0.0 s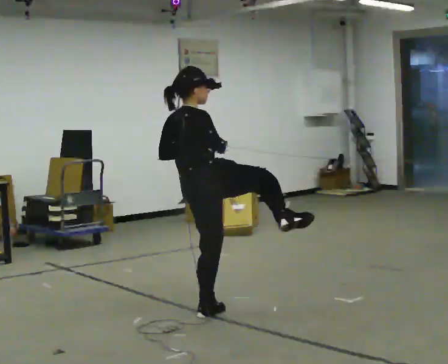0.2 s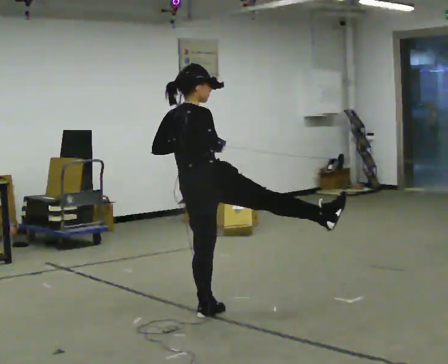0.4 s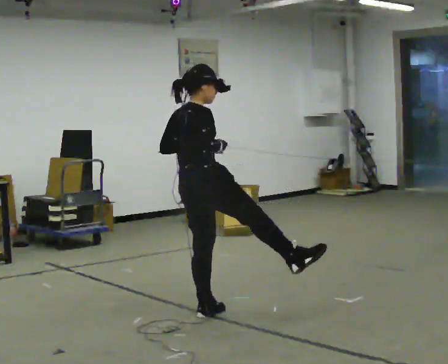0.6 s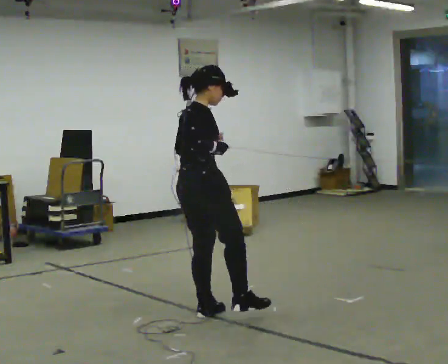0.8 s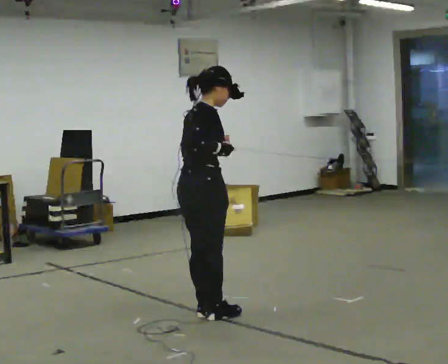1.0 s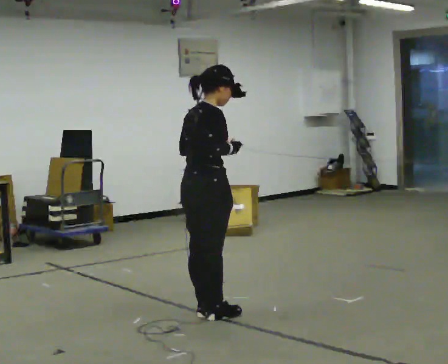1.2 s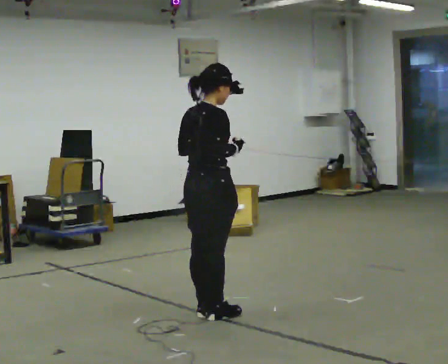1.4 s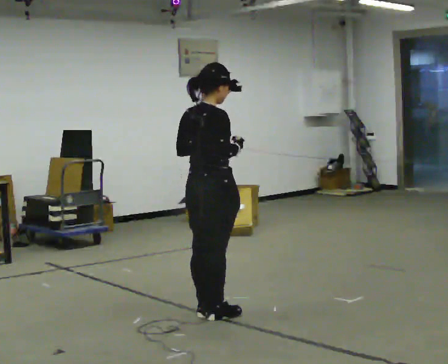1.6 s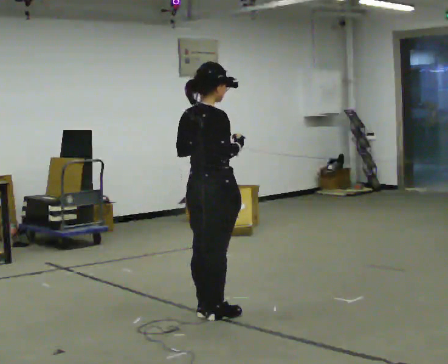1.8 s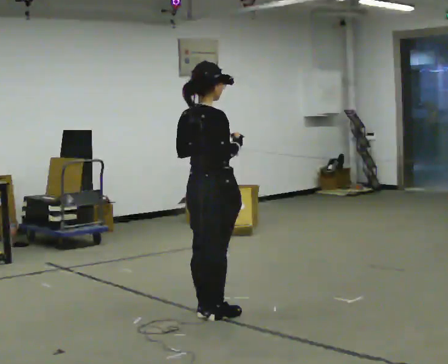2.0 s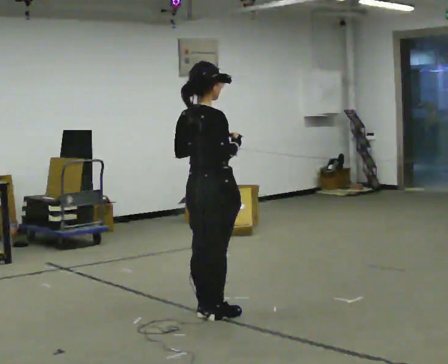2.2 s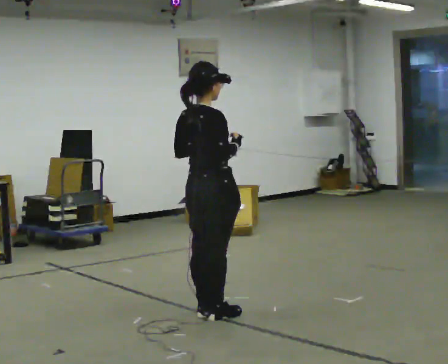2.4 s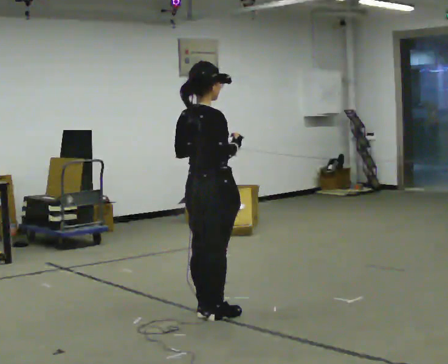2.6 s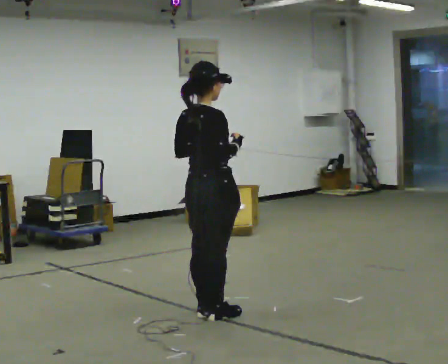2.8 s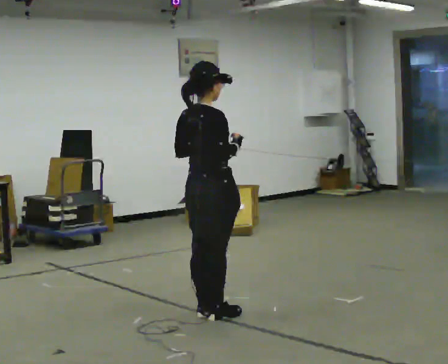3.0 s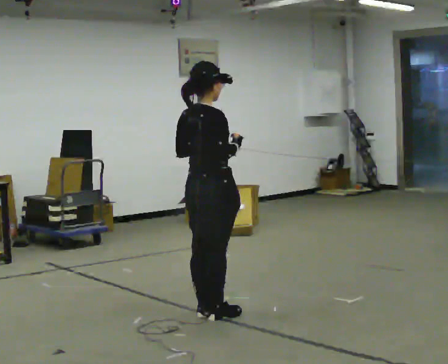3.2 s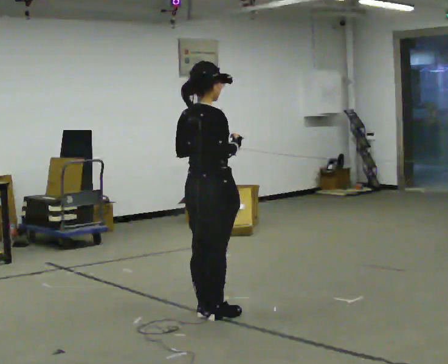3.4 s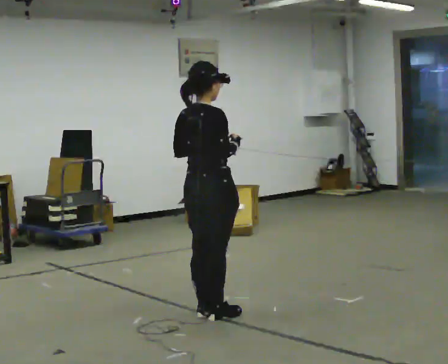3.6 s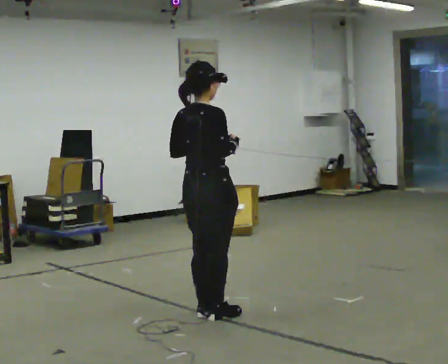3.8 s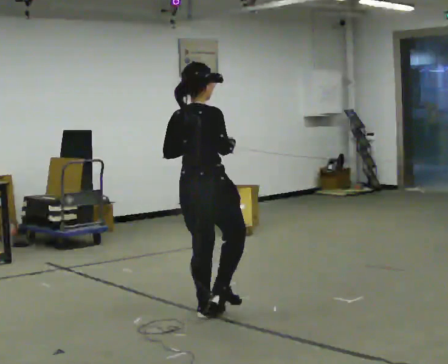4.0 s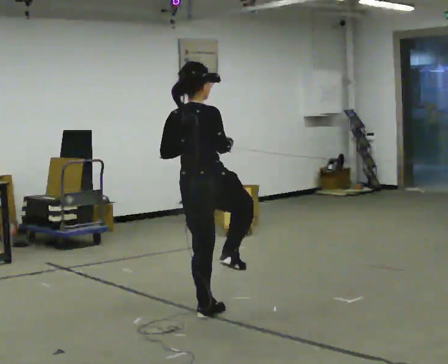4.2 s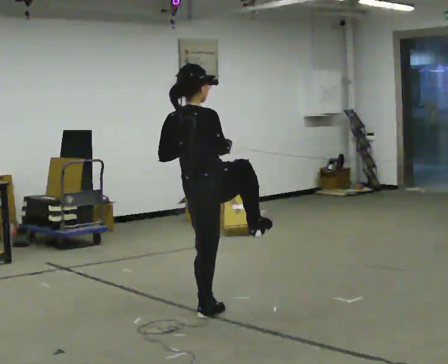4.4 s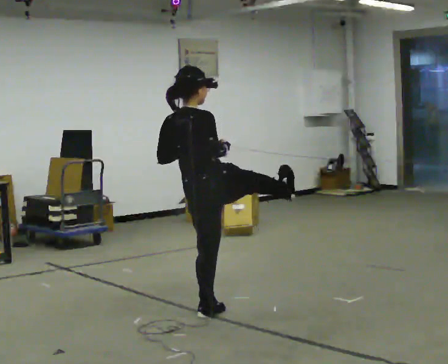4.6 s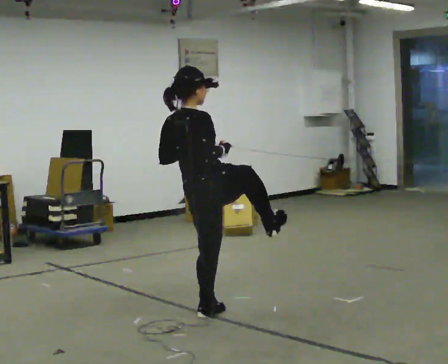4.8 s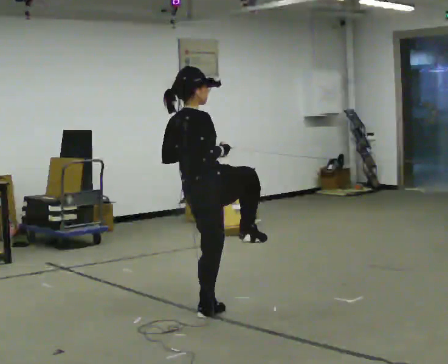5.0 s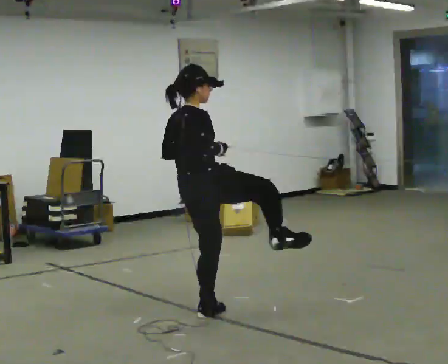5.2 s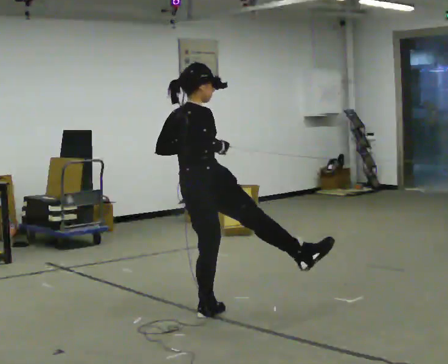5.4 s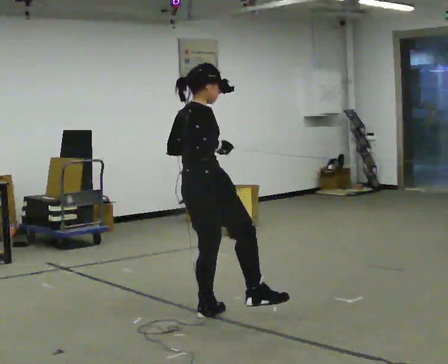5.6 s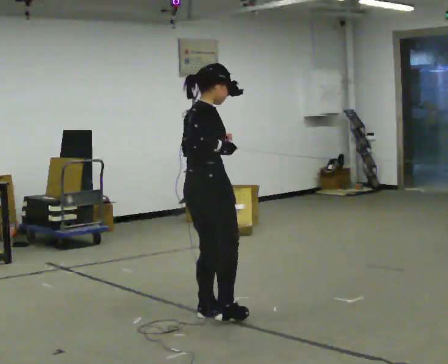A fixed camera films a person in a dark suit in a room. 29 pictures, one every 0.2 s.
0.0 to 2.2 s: The upper body tips toward the camera, its near side rolling downward.
2.2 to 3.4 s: The person keeps their place and pose.
3.4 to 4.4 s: The person moves a little, or ends about where they began.
4.4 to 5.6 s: The person turns about 30 degrees to their right, clockwise seen from above, so the part of the body nearest the lens slides to the left. In the picture the upper body tilts clockwise, shoulders to the right.
The film runs forward here.
